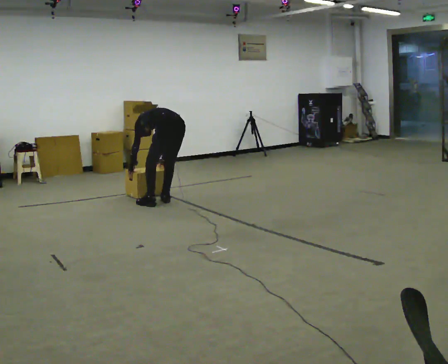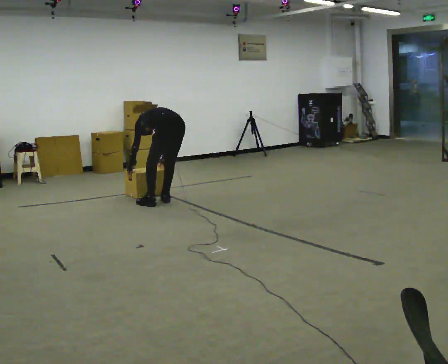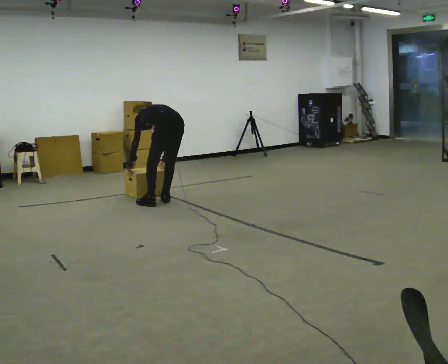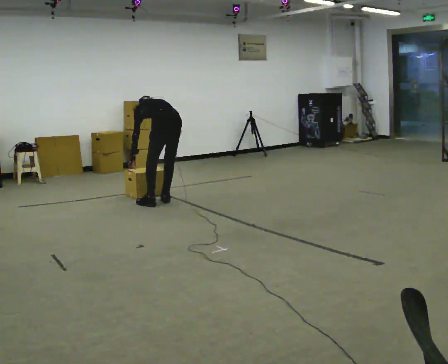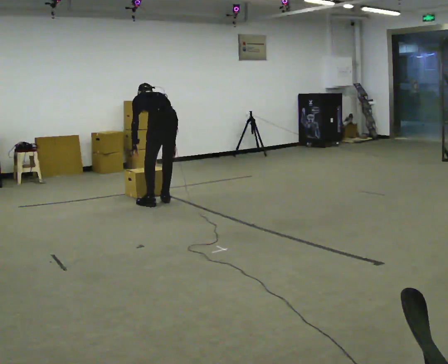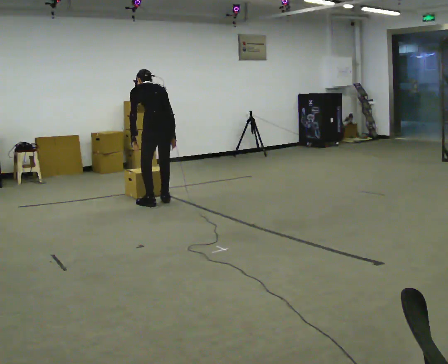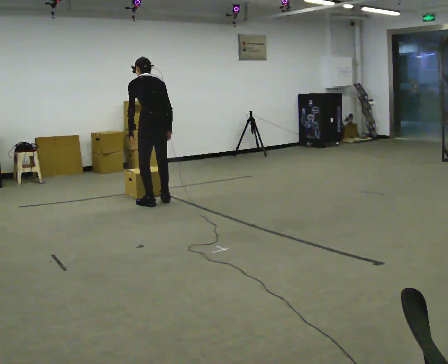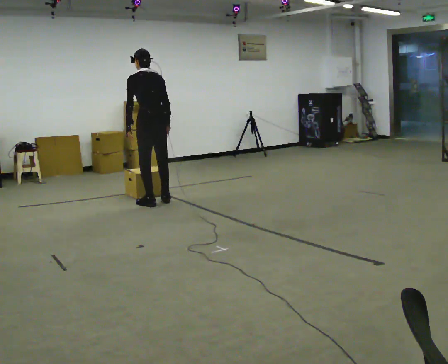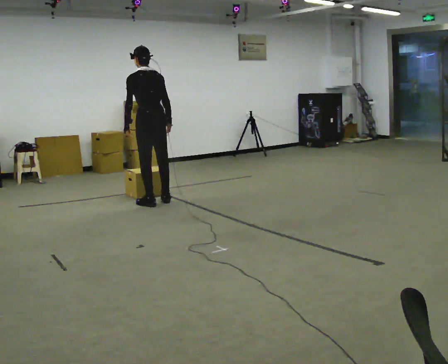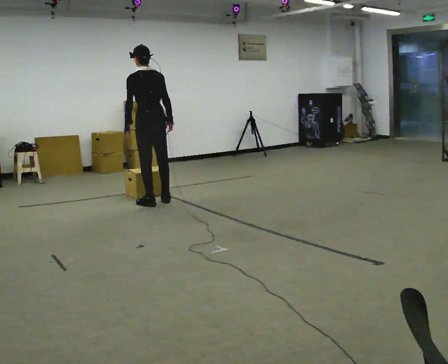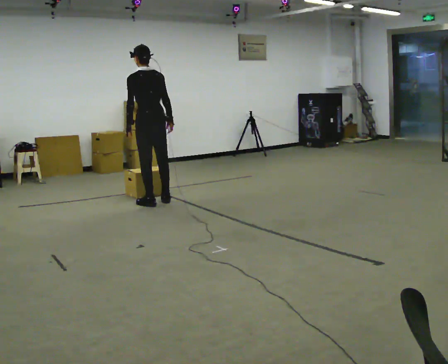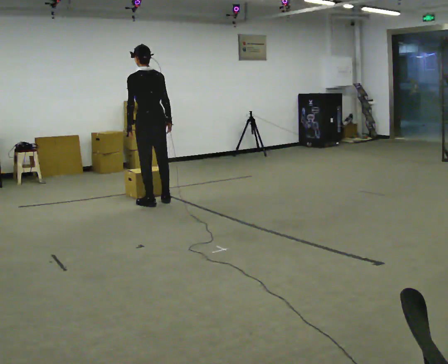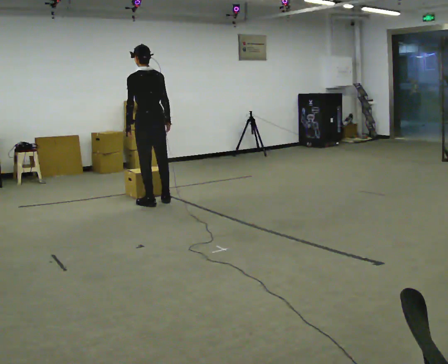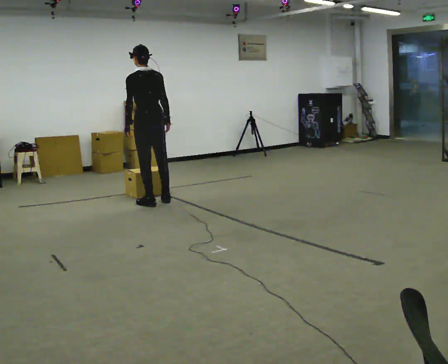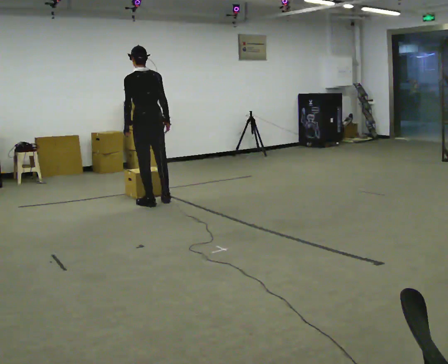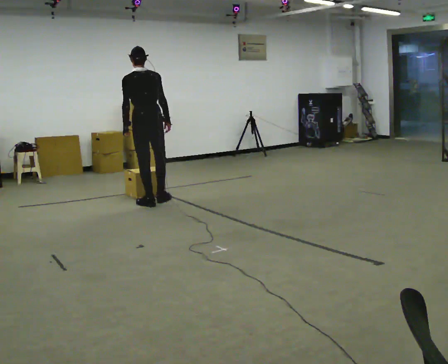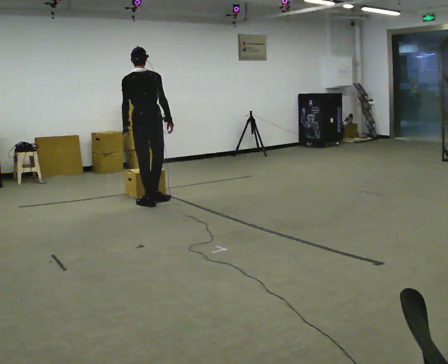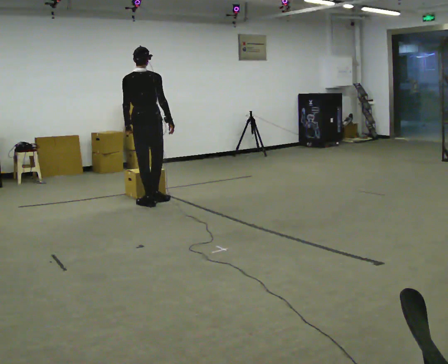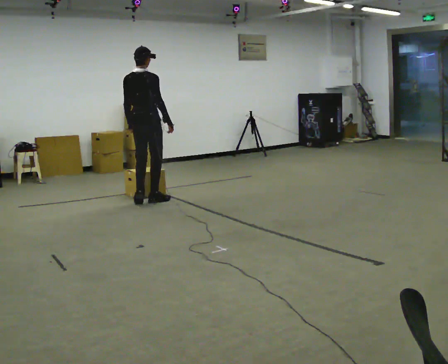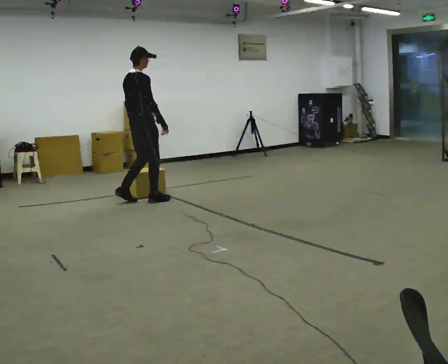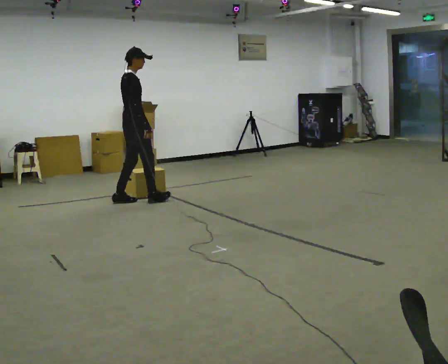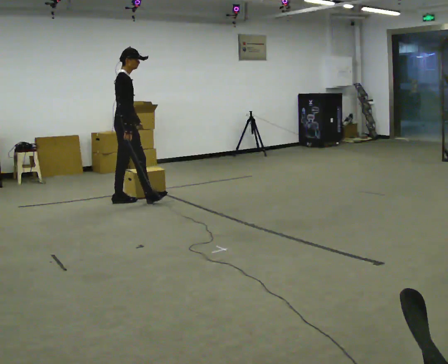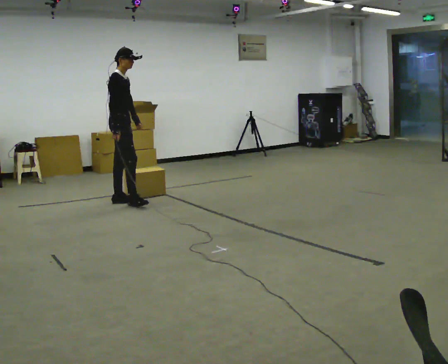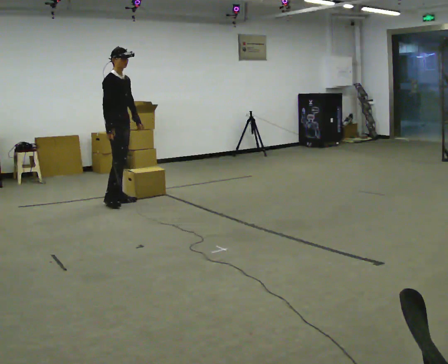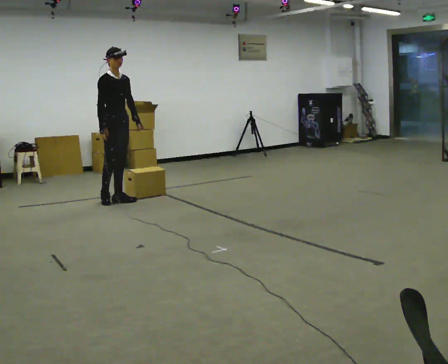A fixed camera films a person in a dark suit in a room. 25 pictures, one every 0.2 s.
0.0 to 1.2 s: In the picture they go to the left, about 0.25 m, which for them is to their left. The upper body goes upward. The upper body tips toward the camera, its near side rolling downward, as they lean back or straighten. In the picture their right hand goes upward.
1.2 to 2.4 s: The upper body tips toward the camera, its near side rolling downward, as they lean back or straighten.
2.4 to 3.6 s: The part of the body nearest the lens slides to the left as the person turns to their right by about 45 degrees.
3.6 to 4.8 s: The part of the body nearest the lens slides to the left as the person turns to their right by about 105 degrees. In the picture they go to the left, about 0.25 m in 1 step.
The film runs forward here.
